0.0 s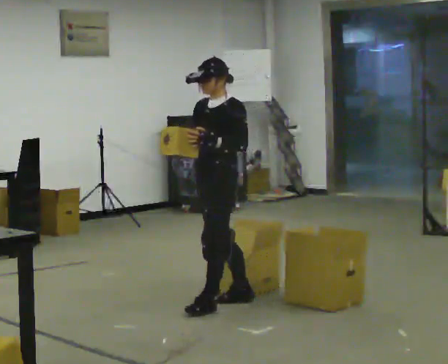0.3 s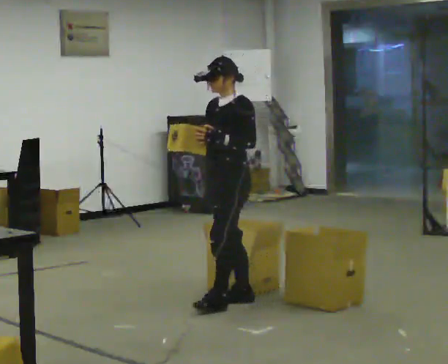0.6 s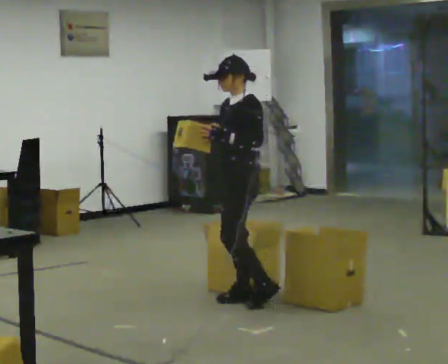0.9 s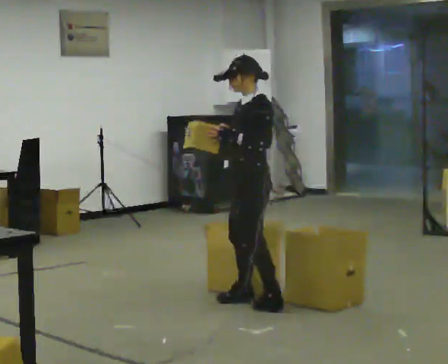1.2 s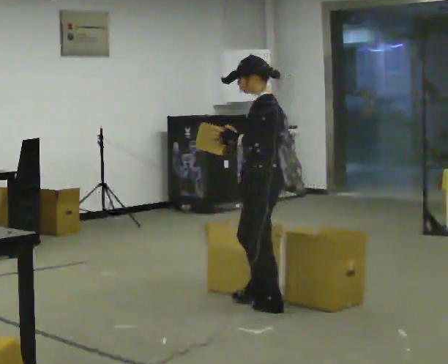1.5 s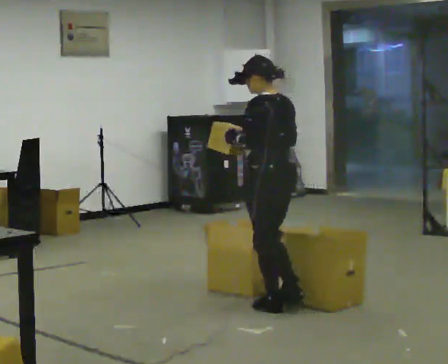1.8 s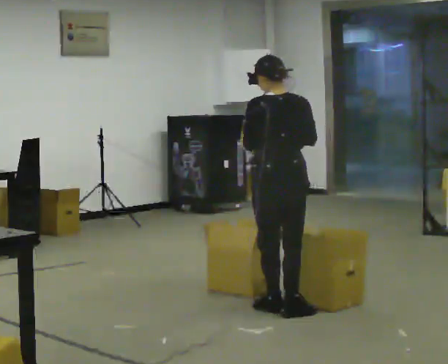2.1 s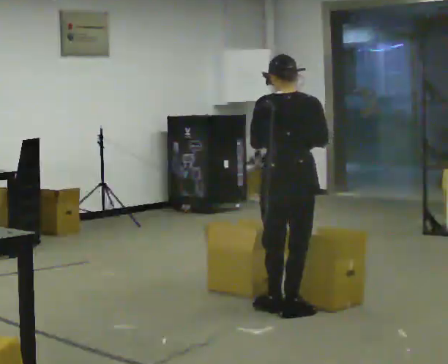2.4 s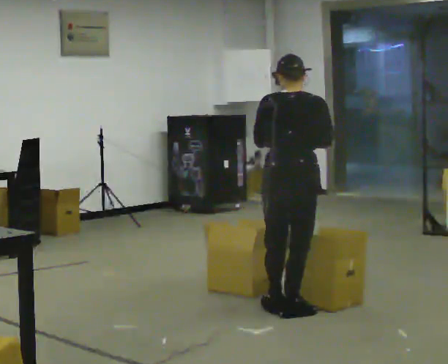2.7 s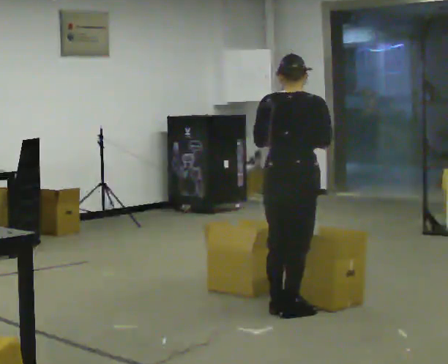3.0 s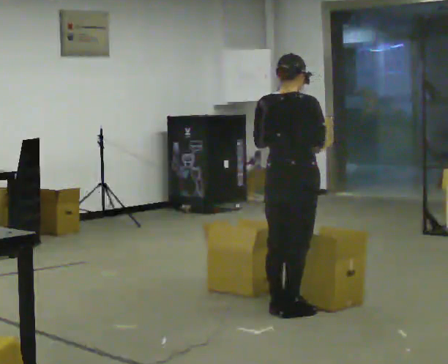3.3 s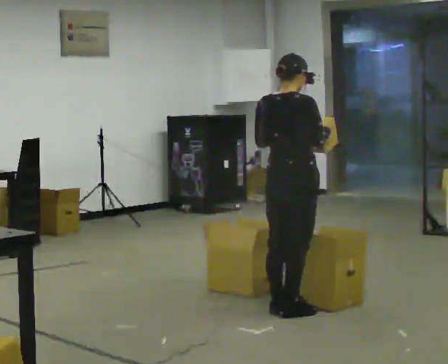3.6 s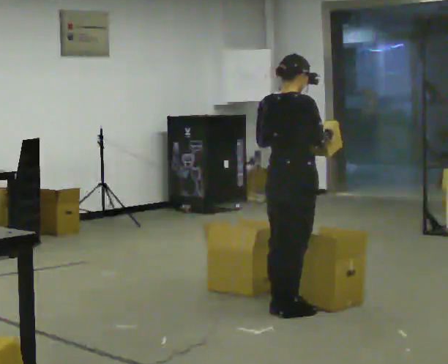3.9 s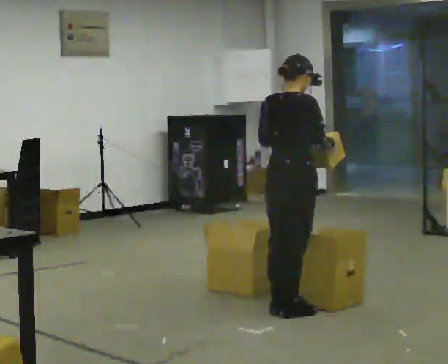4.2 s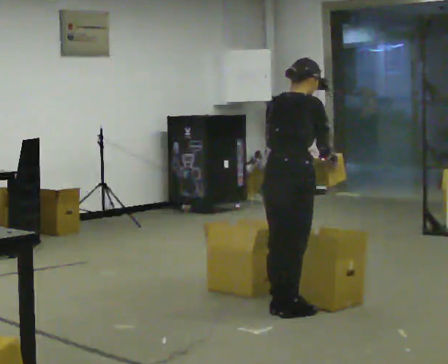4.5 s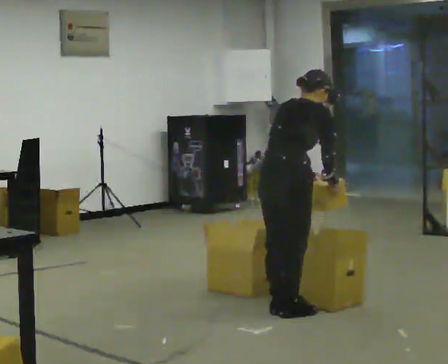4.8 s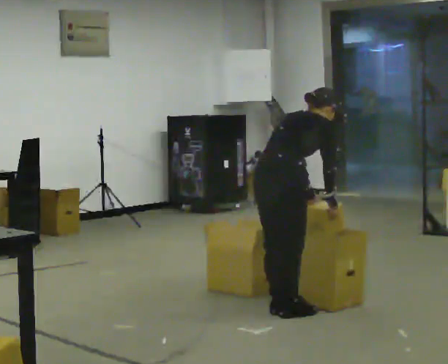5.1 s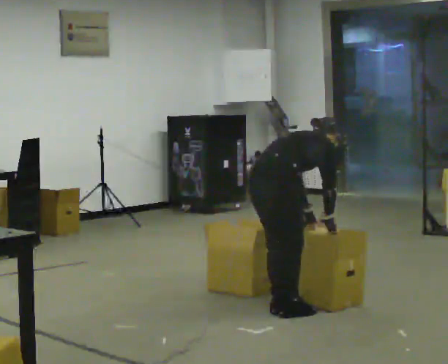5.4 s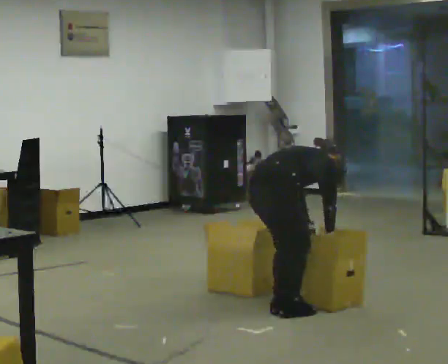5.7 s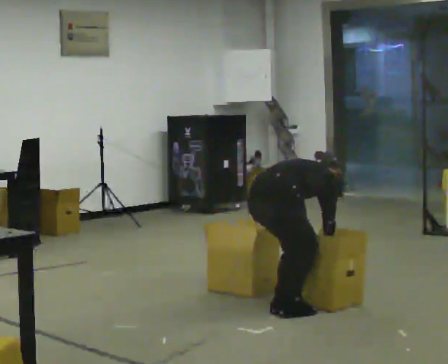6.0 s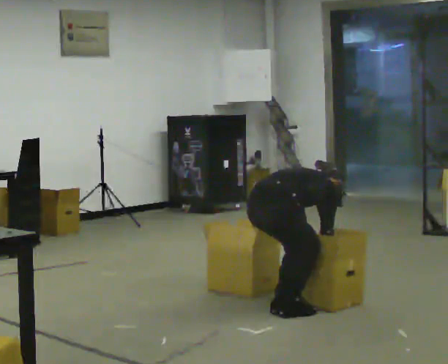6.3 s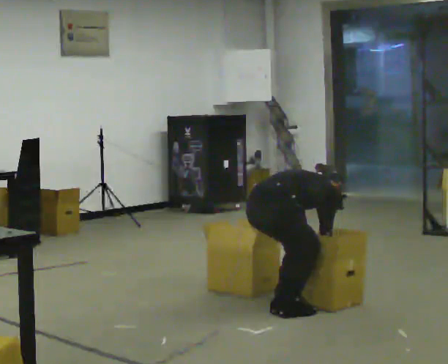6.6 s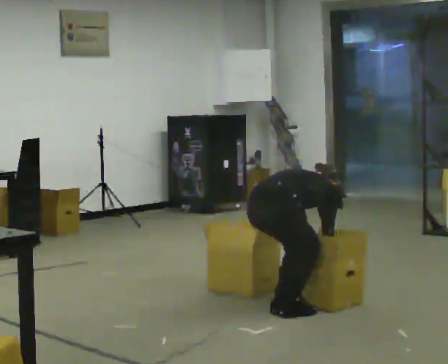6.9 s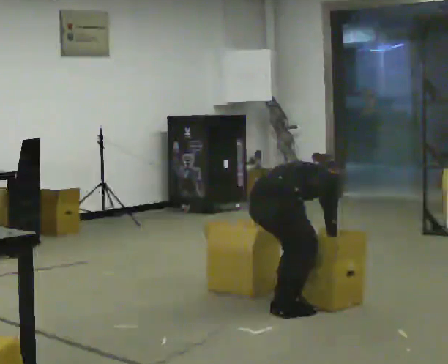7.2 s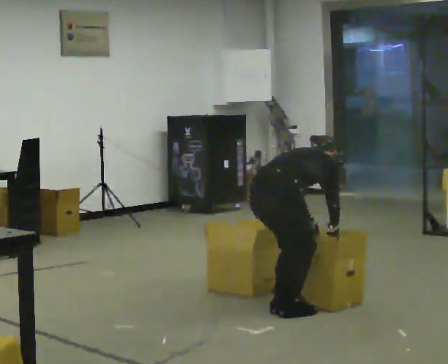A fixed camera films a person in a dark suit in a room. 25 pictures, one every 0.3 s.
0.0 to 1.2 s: The person turns about 45 degrees to their right, clockwise seen from above, so the part of the body nearest the lens slides to the left. In the picture they go to the right, about 0.25 m in 2 steps, which for them is backward and to their left.
1.2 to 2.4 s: Seen from above the body turns clockwise, about 90 degrees: to their right, with its near side sliding to the left. In the picture they go toward the camera, about 0.25 m.
2.4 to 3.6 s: The part of the body nearest the lens slides to the left as the person turns to their right by about 30 degrees.
3.6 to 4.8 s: The upper body tips away from the camera, its near side rolling upward, as they bend forward. In the picture their right hand goes downward.
4.8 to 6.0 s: The shoulders move downward. In the picture the upper body tilts clockwise, shoulders to the right, as they bend forward. In the picture their right hand goes downward.
6.0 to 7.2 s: In the picture the upper body tilts counterclockwise, shoulders to the left.
The film runs backward here.
